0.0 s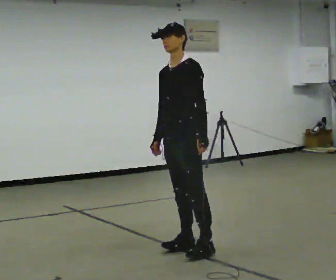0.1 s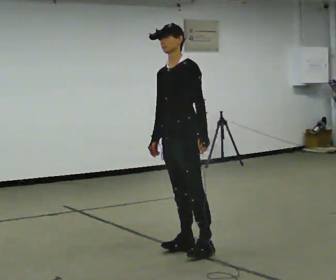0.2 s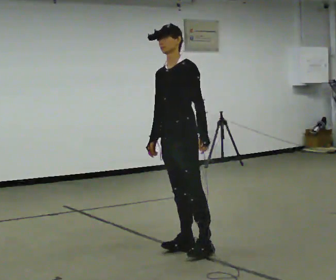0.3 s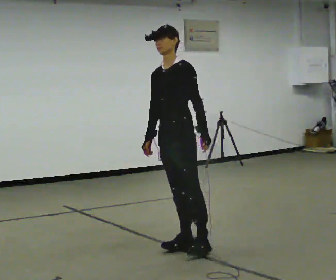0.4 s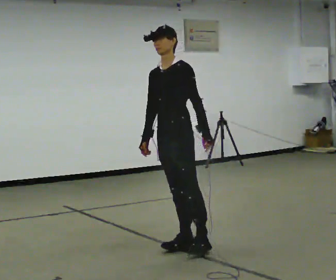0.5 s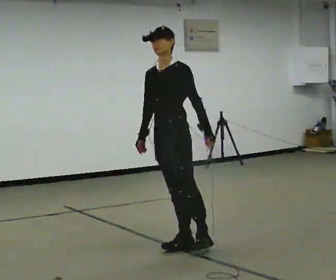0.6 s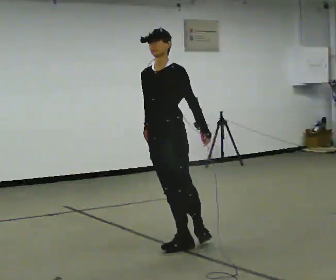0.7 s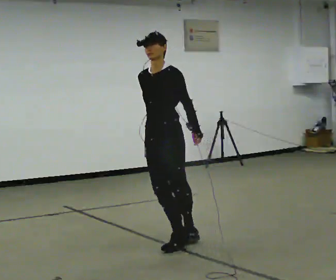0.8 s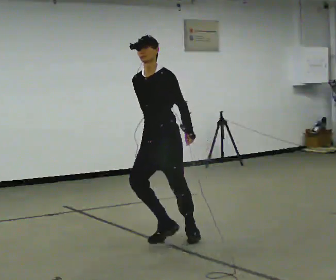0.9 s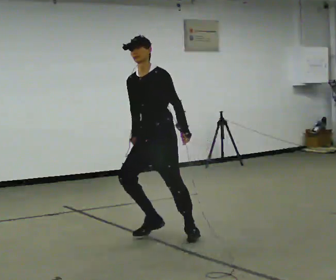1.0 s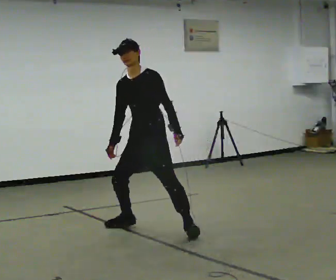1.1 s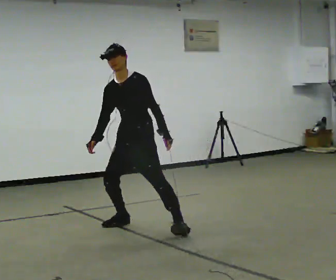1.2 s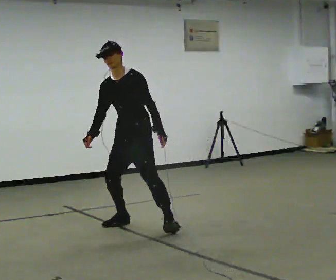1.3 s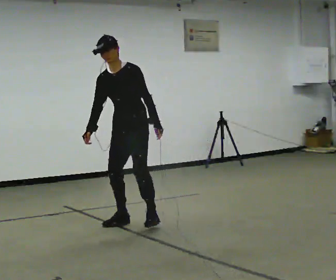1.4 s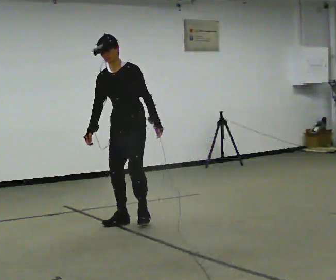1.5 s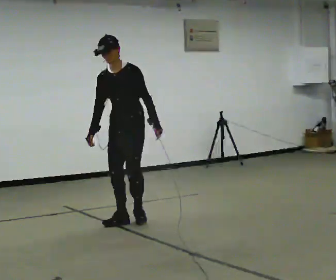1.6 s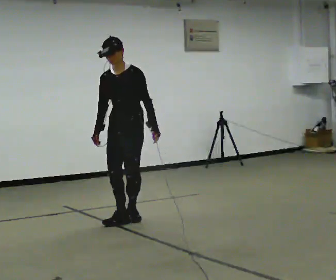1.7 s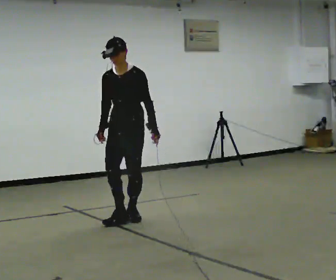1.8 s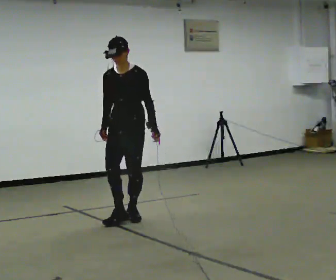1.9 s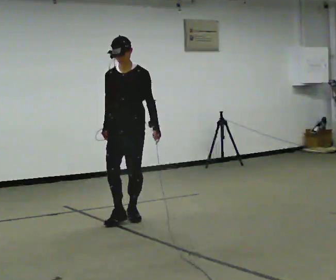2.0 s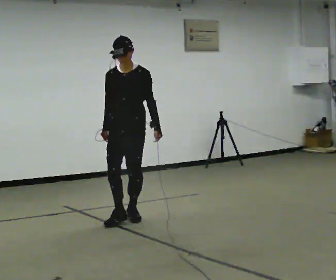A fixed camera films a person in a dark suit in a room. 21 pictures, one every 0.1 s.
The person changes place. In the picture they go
away from the camera.
0.0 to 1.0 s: In the picture they go away from the camera and to the left, about 0.75 m in 1 step, which for them is to their right.
1.0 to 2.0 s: The part of the body nearest the lens slides to the right as the person turns to their left by about 30 degrees. In the picture they go away from the camera and to the left, about 0.5 m in 2 steps, which for them is to their right and backward. In the picture the upper body tilts clockwise, shoulders to the right.
The film runs forward here.
